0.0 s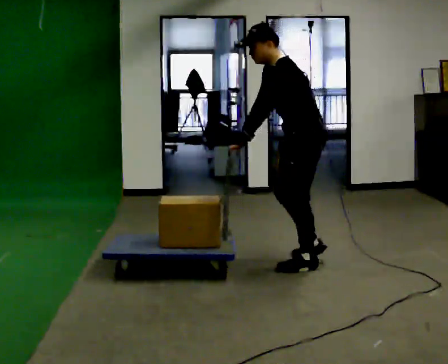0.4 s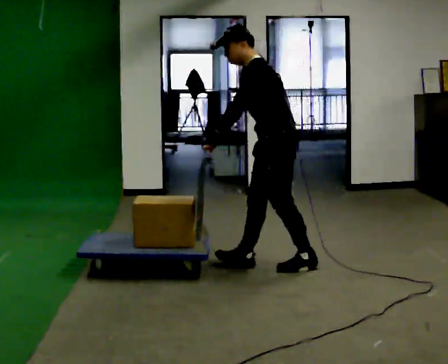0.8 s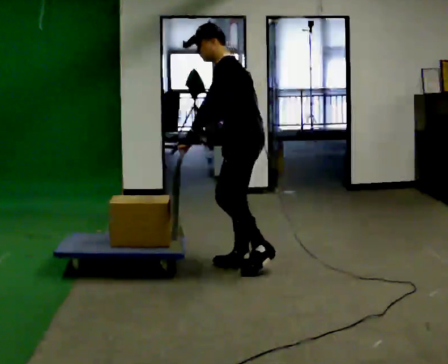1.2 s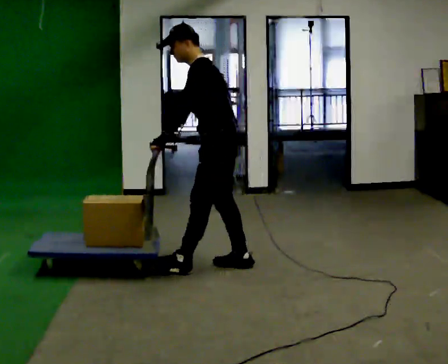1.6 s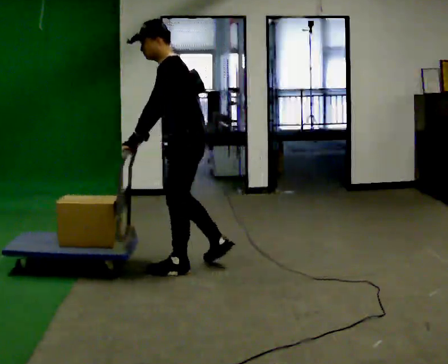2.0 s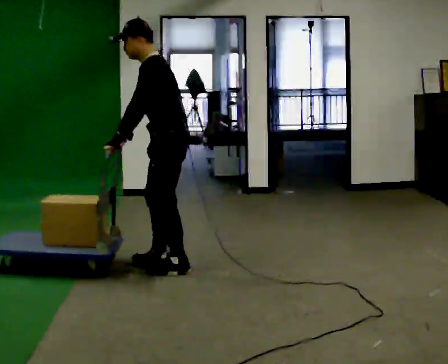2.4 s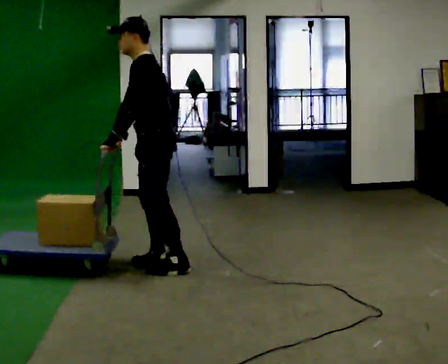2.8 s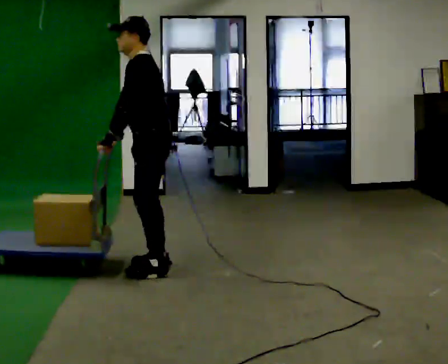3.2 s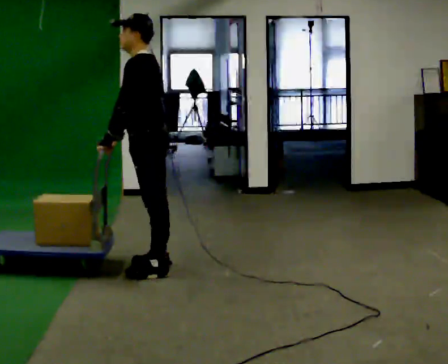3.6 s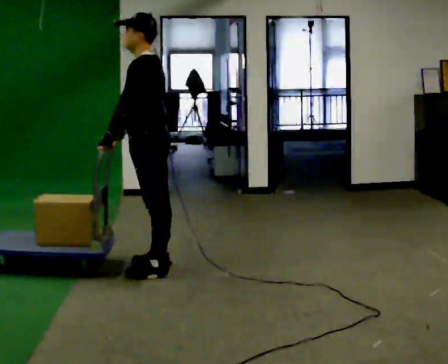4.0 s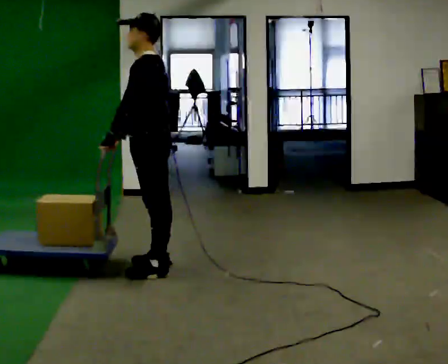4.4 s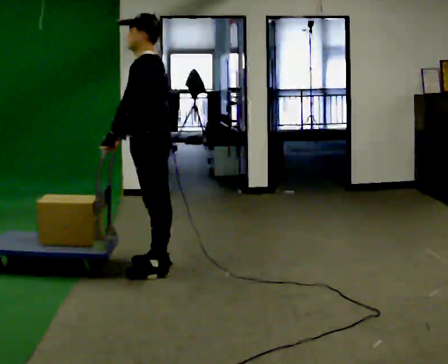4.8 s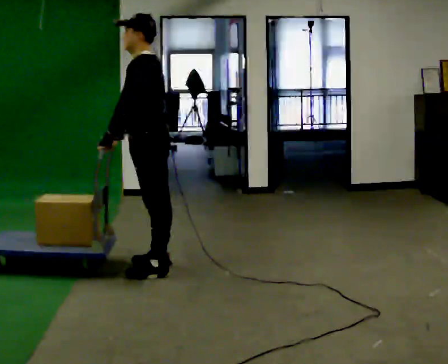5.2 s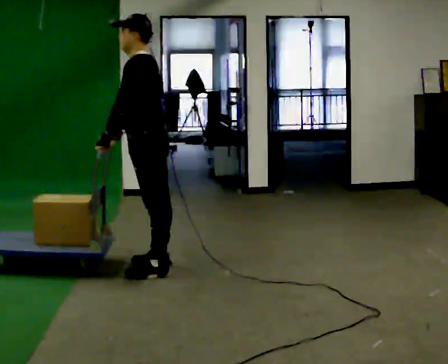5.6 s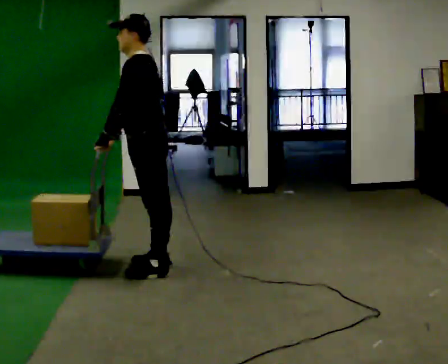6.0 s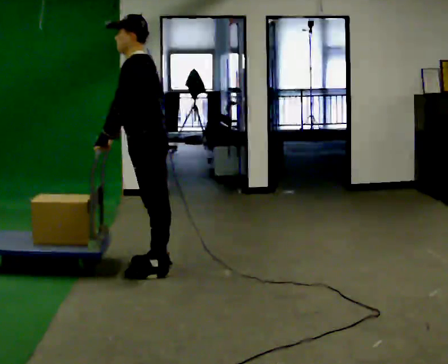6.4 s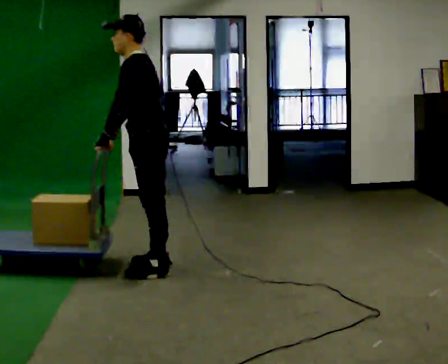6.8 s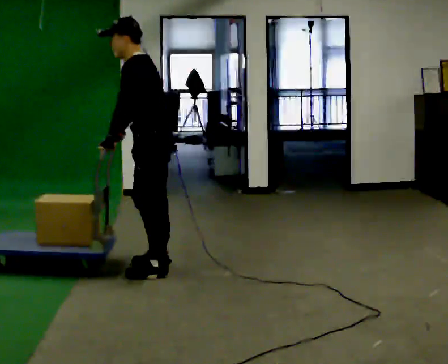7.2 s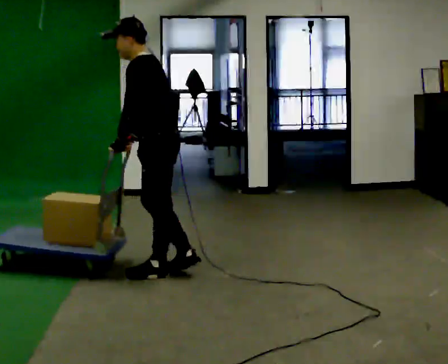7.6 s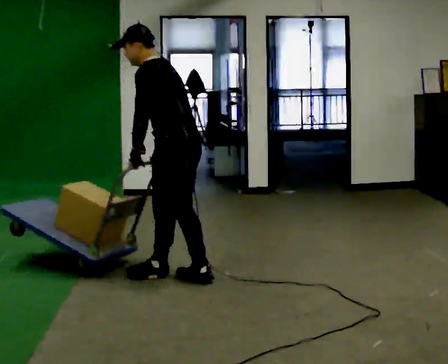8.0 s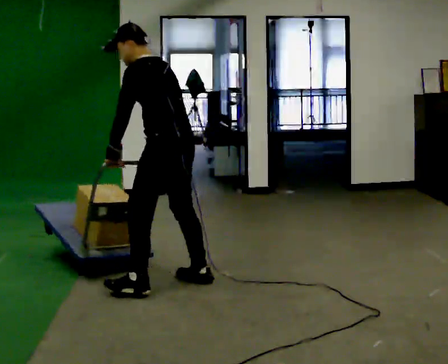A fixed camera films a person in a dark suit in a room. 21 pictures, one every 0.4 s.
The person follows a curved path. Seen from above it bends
counterclockwise.
0.0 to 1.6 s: In the picture they go to the left, about 1 m in 2 steps, which for them is forward.
1.6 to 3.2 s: In the picture they go to the left, about 0.25 m in 2 steps, which for them is forward.
3.2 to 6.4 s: The person moves a little, or ends about where they began.
6.4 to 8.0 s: The person turns about 30 degrees to their right, clockwise seen from above, so the part of the body nearest the lens slides to the left. In the picture they go toward the camera, about 0.25 m in 1 step, which for them is to their left and backward.
The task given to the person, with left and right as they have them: Stand still with your hands on the cart. When the operator says go, get it moving, push it a few metres, then bring it to a stop. Repeat until the operator says stop.
The film runs forward here.
